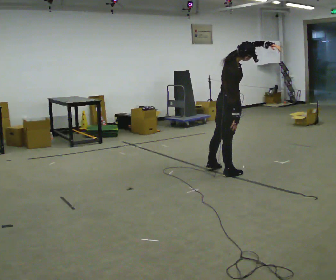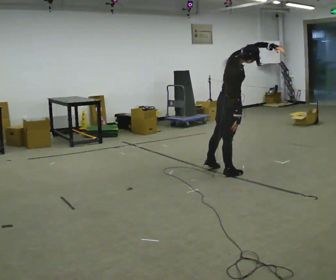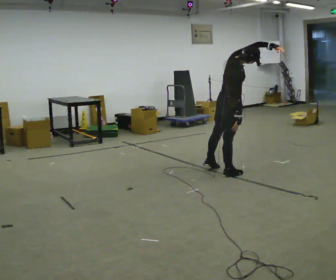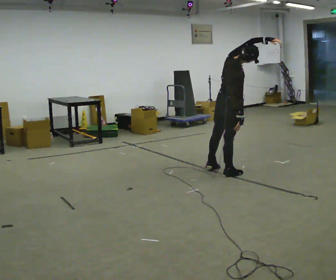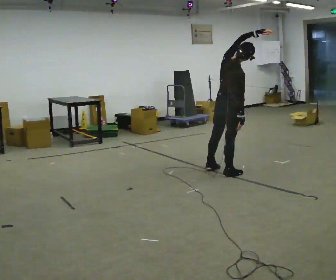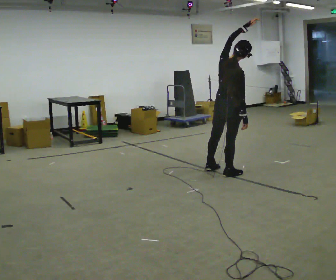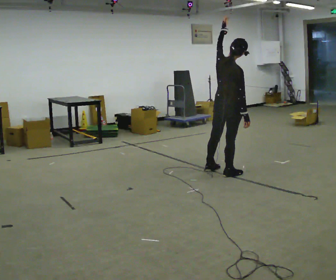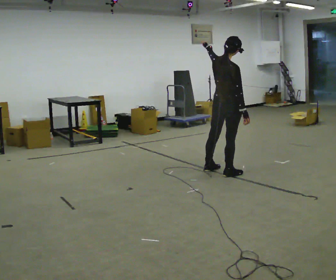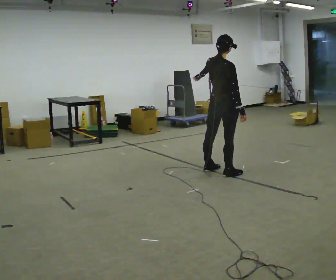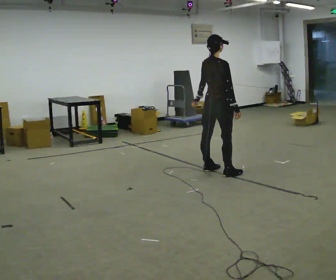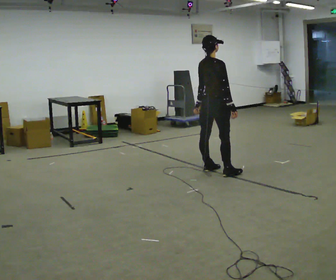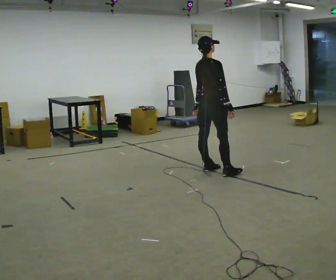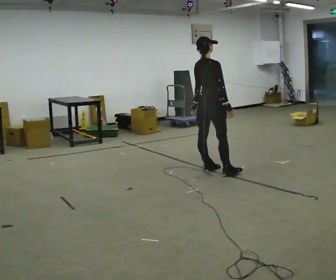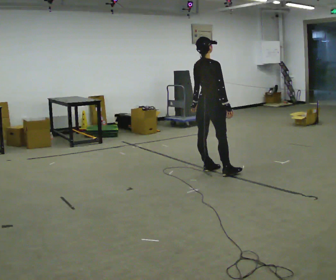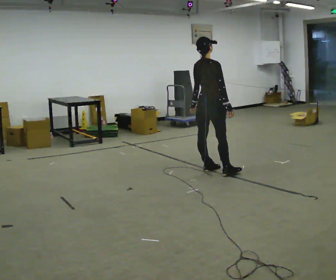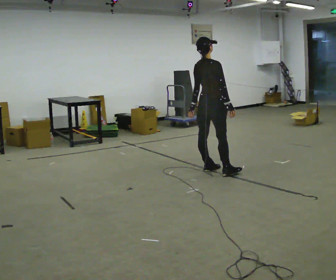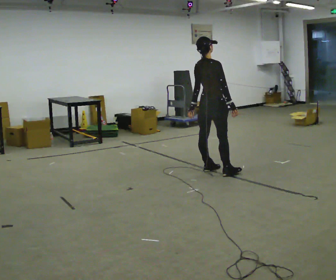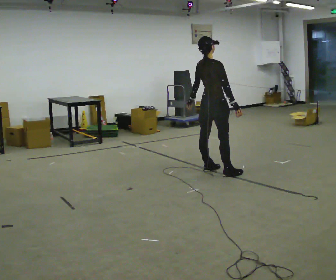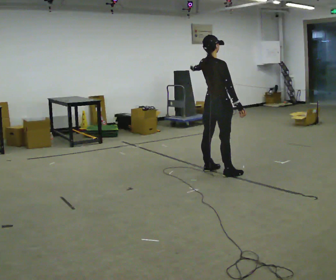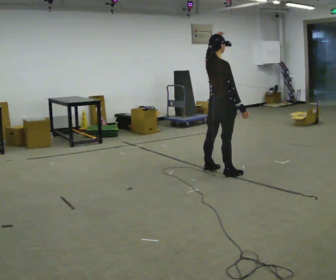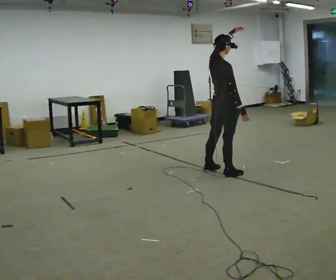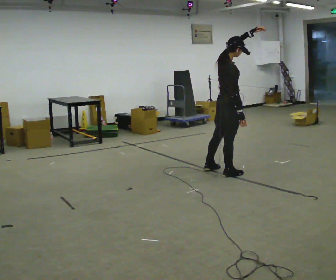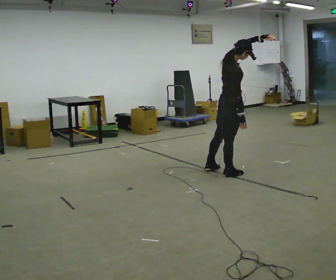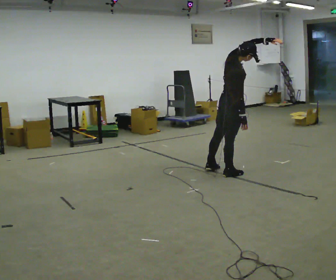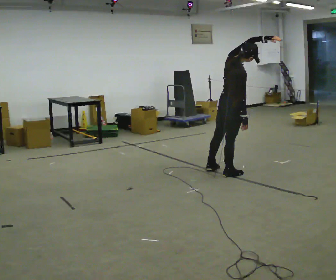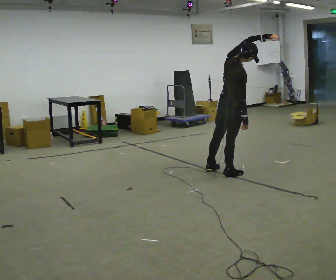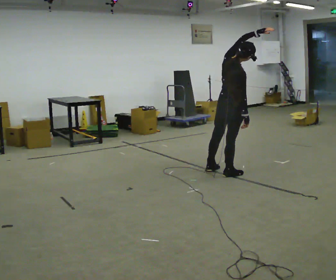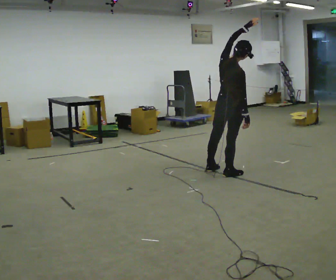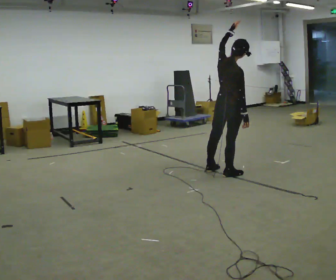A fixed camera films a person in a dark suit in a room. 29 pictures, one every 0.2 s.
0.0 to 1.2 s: Seen from above the body turns counterclockwise, about 30 degrees: to their left, with its near side sliding to the right. In the picture their left hand goes to the left, the arm swinging counterclockwise.
1.2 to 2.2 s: In the picture they go to the left and away from the camera, about 0.25 m, which for them is to their left. In the picture their left hand goes downward and to the left.
2.2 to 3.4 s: The person moves a little, or ends about where they began.
3.4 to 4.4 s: In the picture they go toward the camera and to the right, about 0.25 m, which for them is to their right. In the picture their left hand goes upward.
4.4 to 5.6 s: Seen from above the body turns counterclockwise, about 30 degrees: to their left, with its near side sliding to the right.
The film runs backward here.
